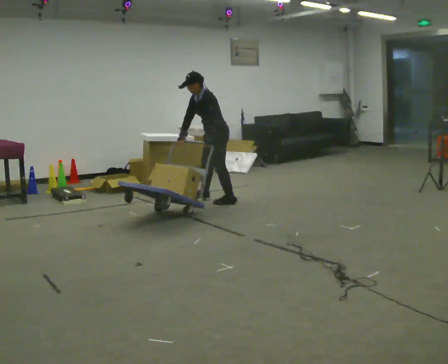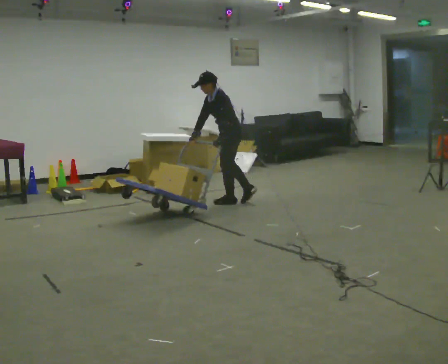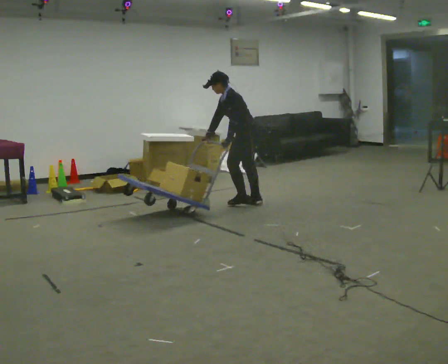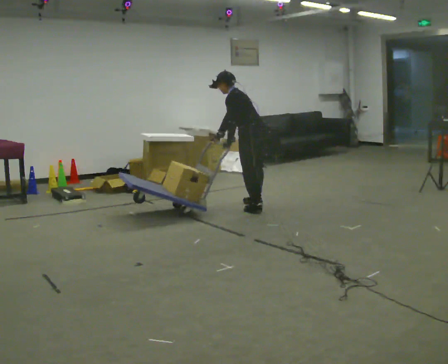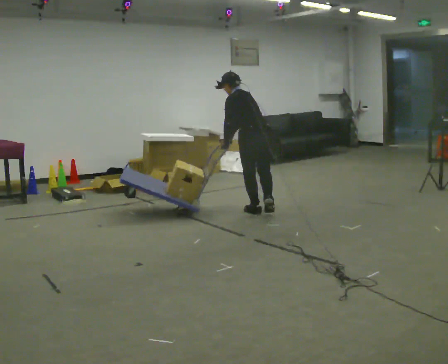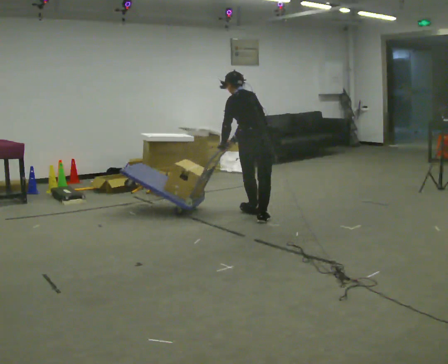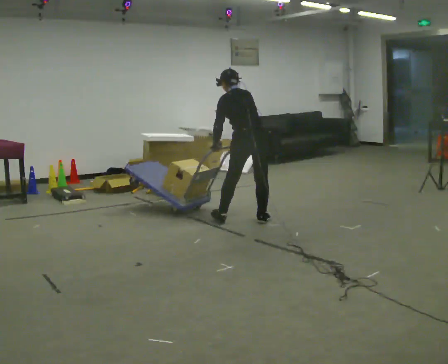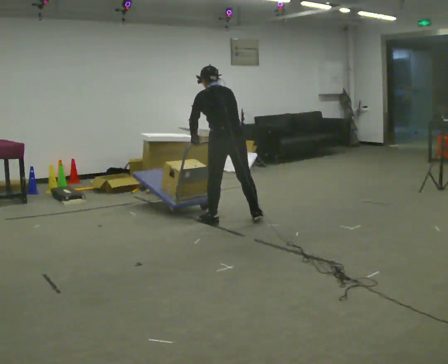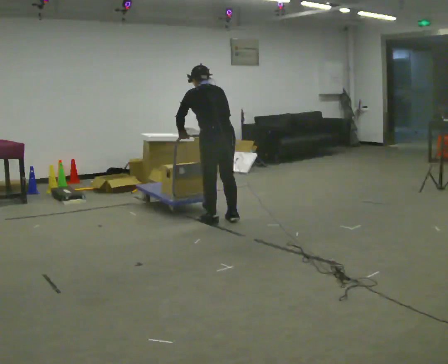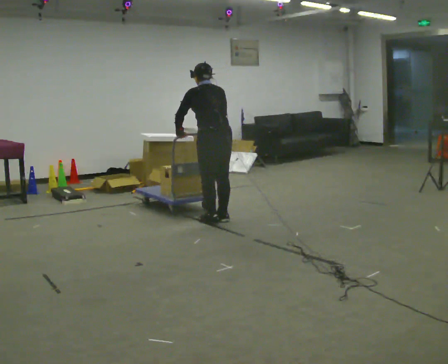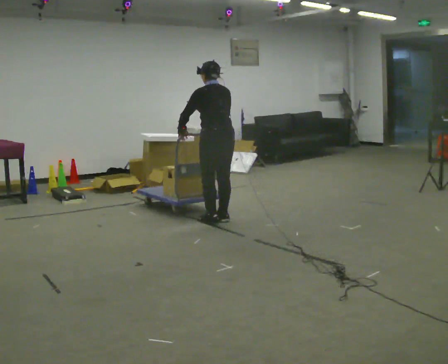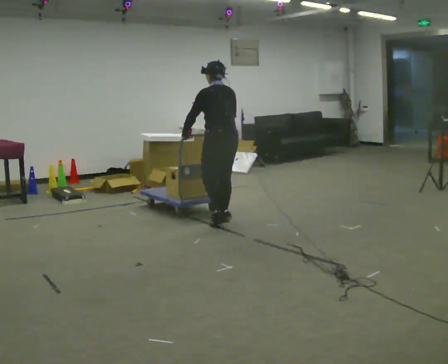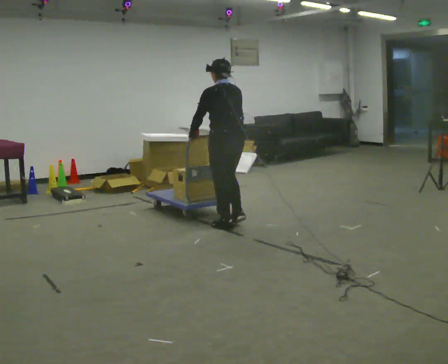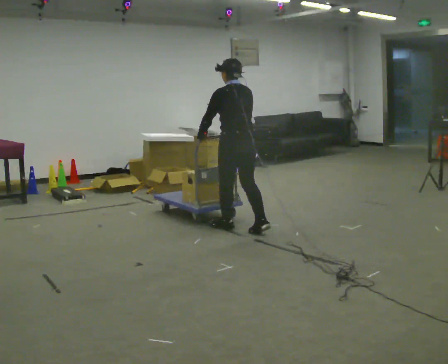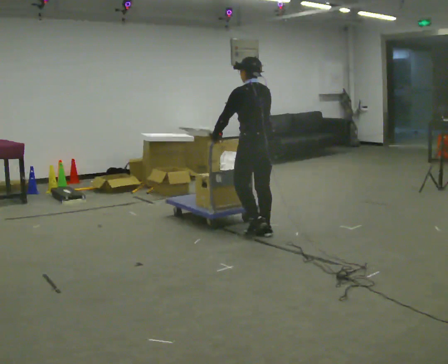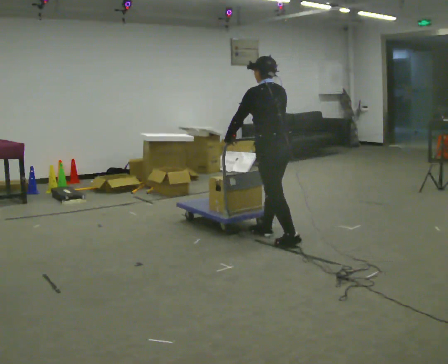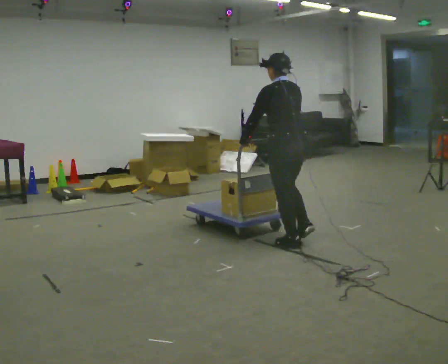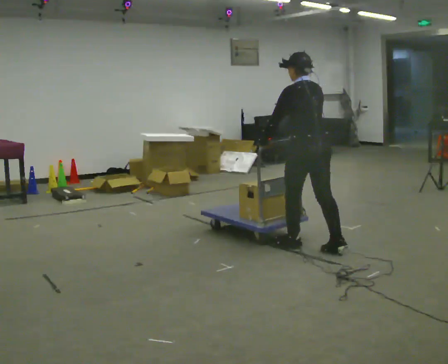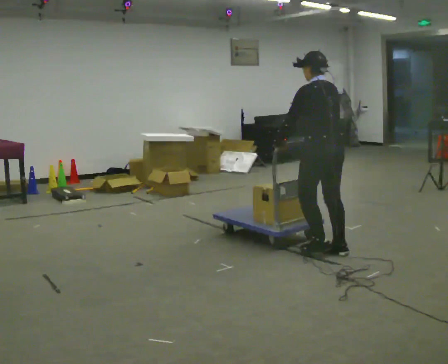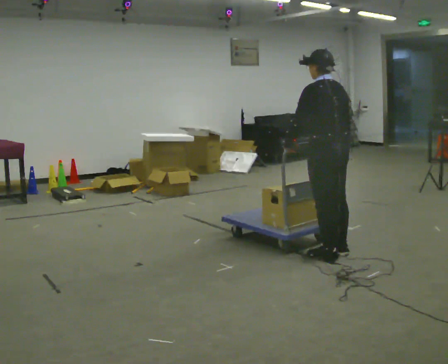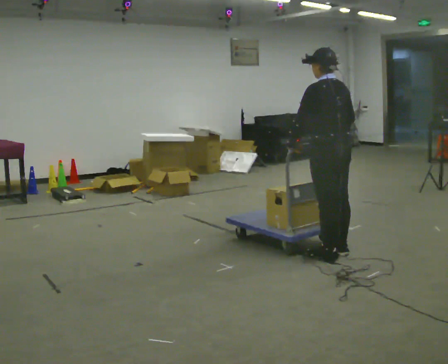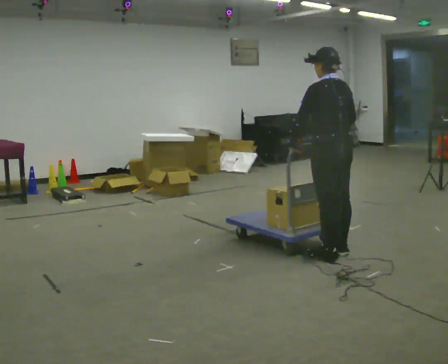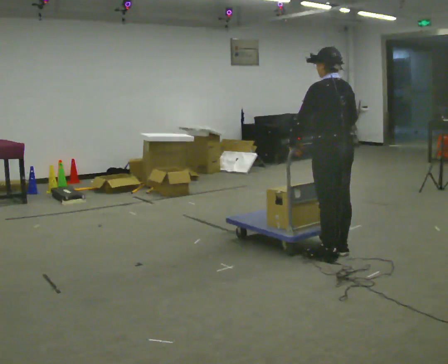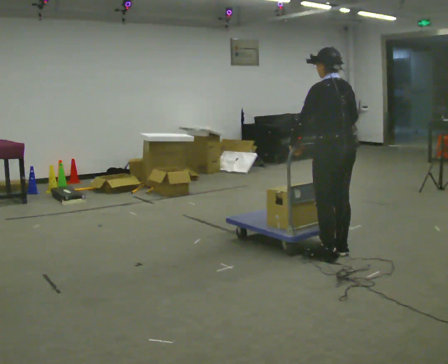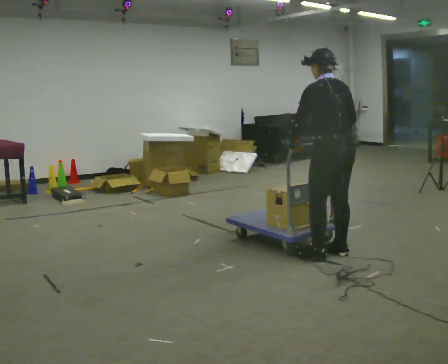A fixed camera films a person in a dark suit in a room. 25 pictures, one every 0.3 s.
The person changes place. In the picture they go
toward the camera.
0.0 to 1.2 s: The part of the body nearest the lens slides to the left as the person turns to their right by about 75 degrees. In the picture they go toward the camera and to the right, about 0.75 m in 2 steps. The upper body tips away from the camera, its near side rolling upward.
1.2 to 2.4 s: In the picture they go toward the camera and to the left, about 0.5 m in 2 steps, which for them is to their left and backward.
2.4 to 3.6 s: In the picture they go toward the camera, about 0.25 m in 2 steps, which for them is backward.
3.6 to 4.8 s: In the picture they go toward the camera and to the right, about 1 m in 2 steps, which for them is backward.
4.8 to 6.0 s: In the picture they go to the right and toward the camera, about 0.5 m in 1 step, which for them is backward.
6.0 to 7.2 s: The person moves a little, or ends about where they began.
The film runs backward here.
